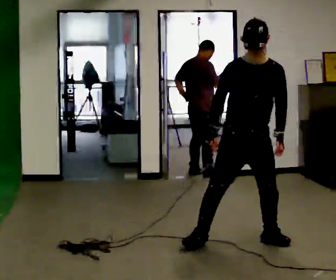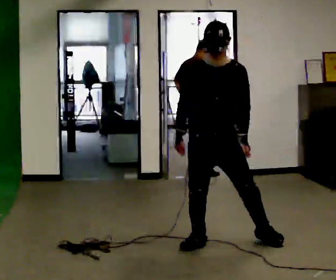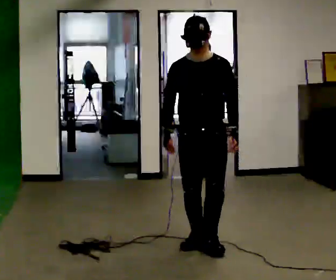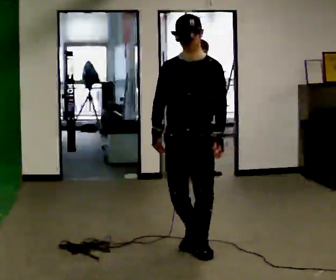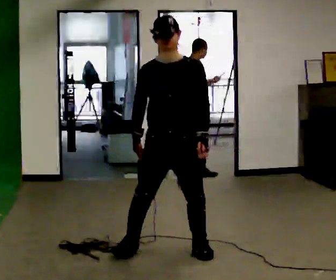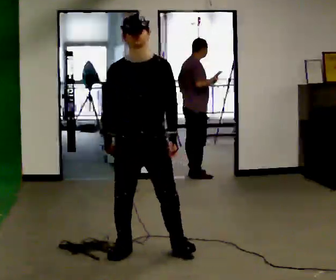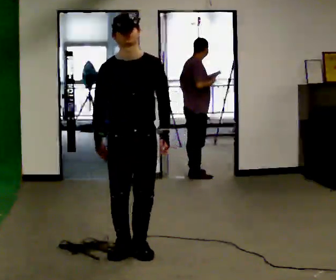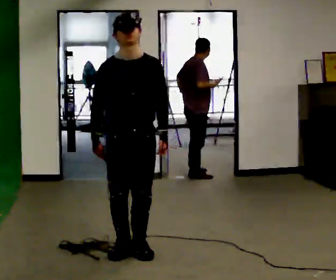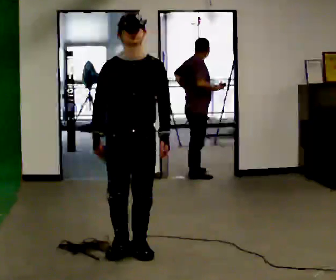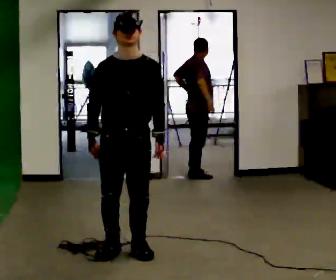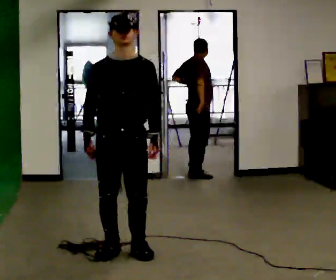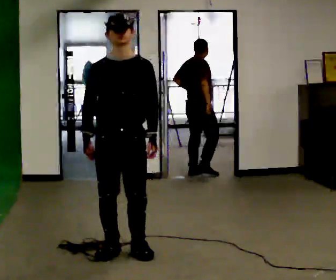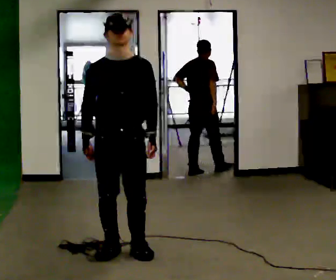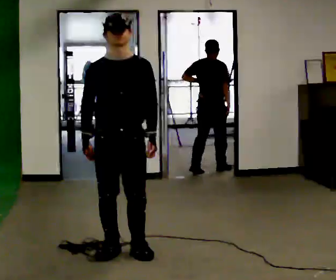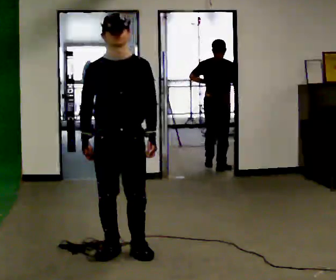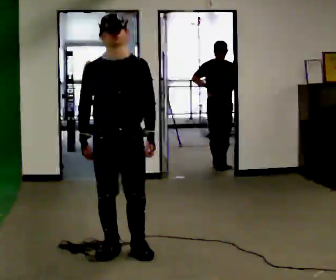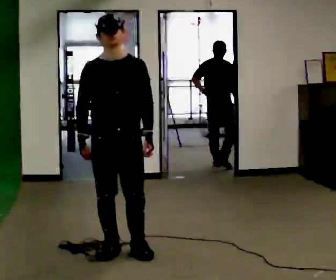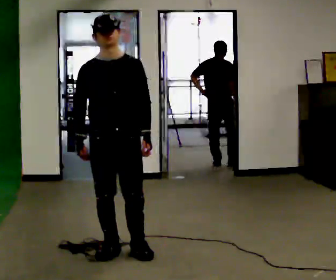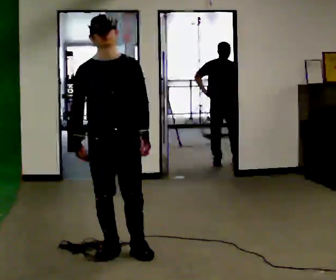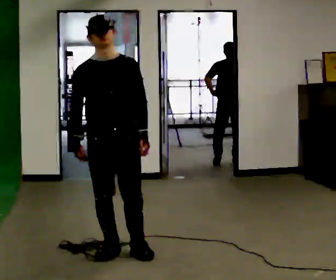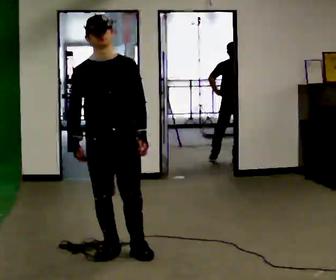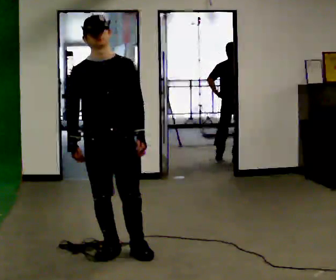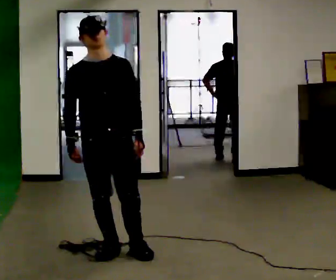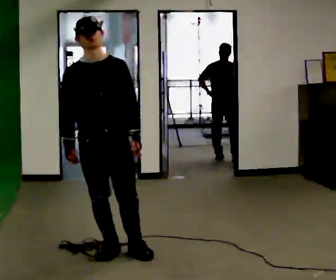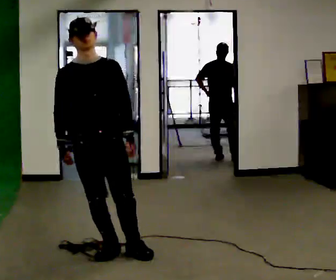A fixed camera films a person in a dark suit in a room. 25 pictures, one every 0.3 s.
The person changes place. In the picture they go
to the left.
0.0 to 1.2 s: In the picture they go to the left and toward the camera, about 0.5 m in 1 step, which for them is to their right and forward.
1.2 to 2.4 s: In the picture they go to the left, about 0.25 m in 2 steps, which for them is to their right.
2.4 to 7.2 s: In the picture they go to the left, about 0.25 m, which for them is to their right.
The film runs forward here.
